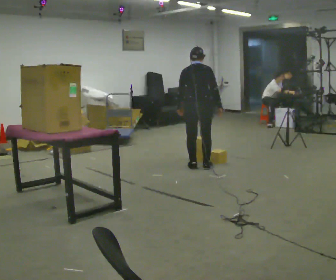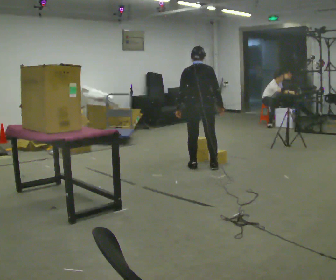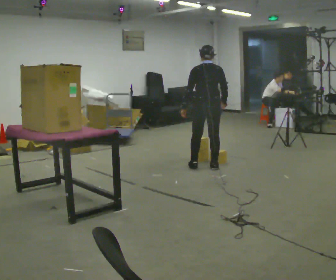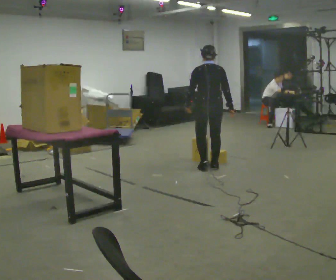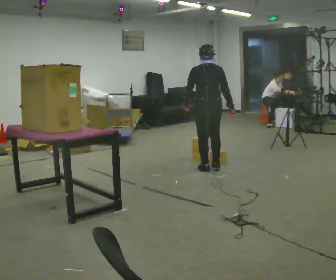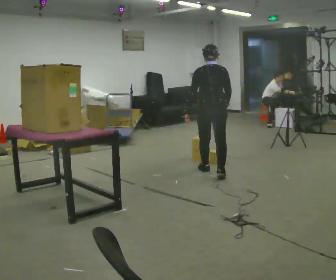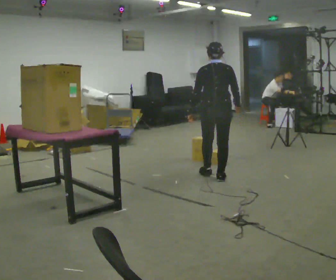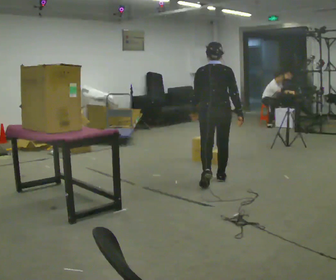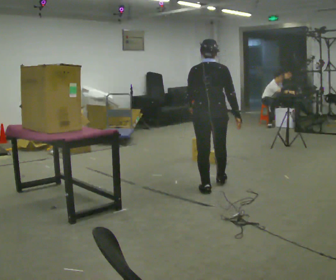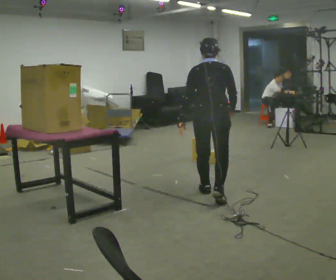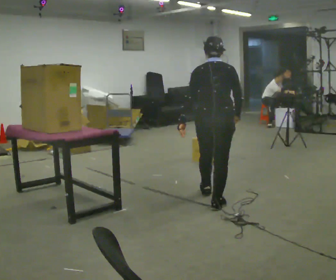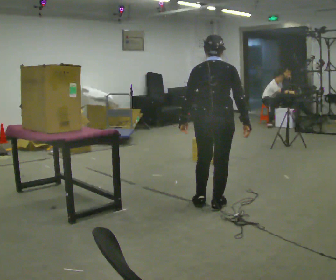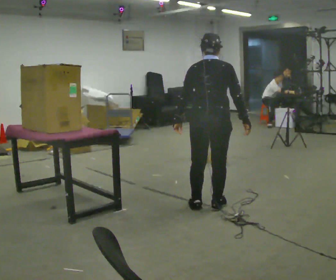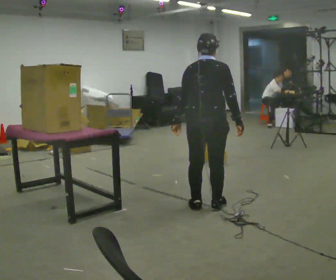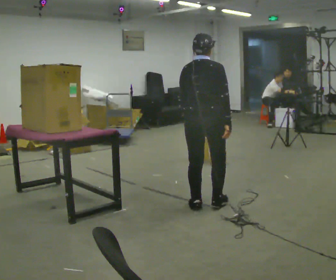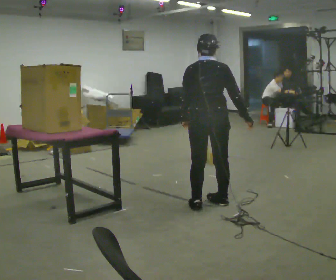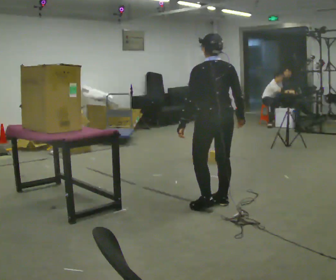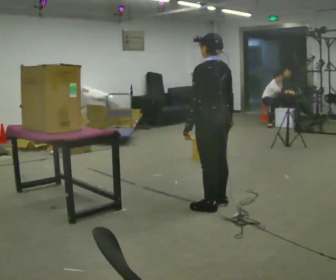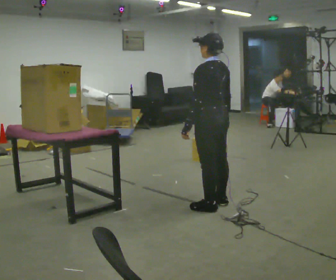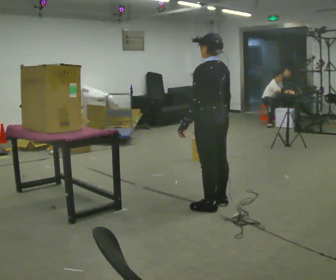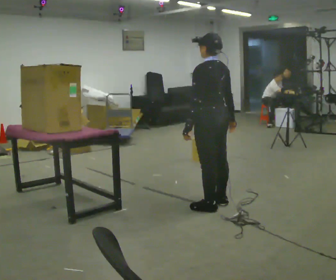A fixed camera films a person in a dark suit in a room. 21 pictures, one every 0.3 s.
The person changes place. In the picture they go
toward the camera.
0.0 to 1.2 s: In the picture they go toward the camera, about 0.25 m in 2 steps, which for them is to their right and backward.
1.2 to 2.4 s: In the picture they go toward the camera, about 1 m in 2 steps, which for them is backward.
2.4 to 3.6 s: In the picture they go toward the camera, about 0.5 m in 1 step, which for them is backward.
3.6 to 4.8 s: Seen from above the body turns counterclockwise, about 30 degrees: to their left, with its near side sliding to the right.
4.8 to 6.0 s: The person turns about 30 degrees to their left, counterclockwise seen from above, so the part of the body nearest the lens slides to the right.
The film runs backward here.
